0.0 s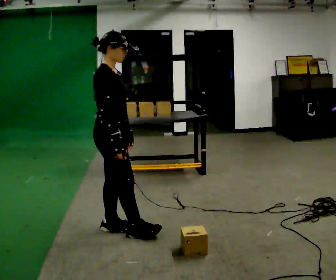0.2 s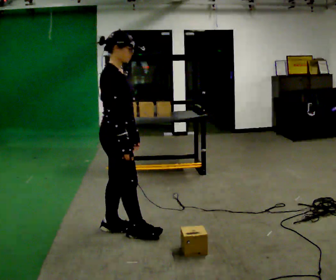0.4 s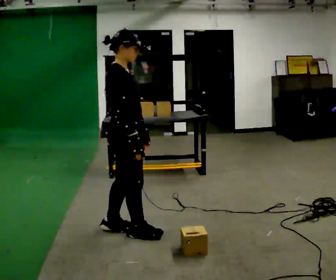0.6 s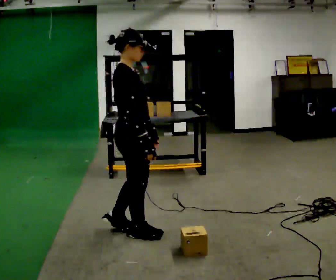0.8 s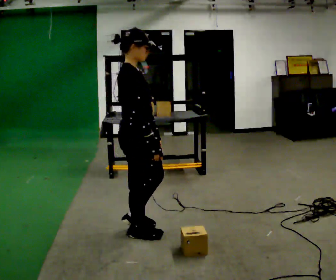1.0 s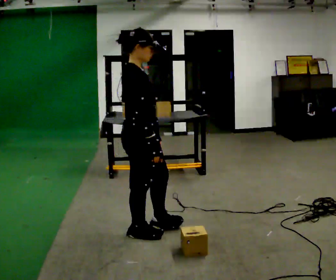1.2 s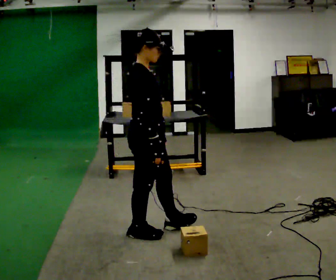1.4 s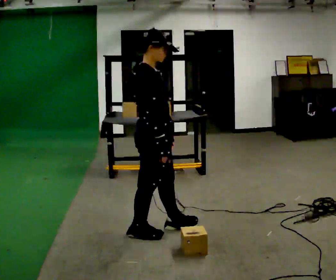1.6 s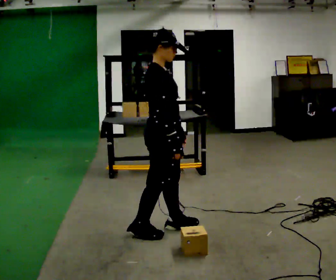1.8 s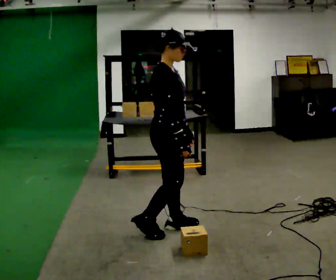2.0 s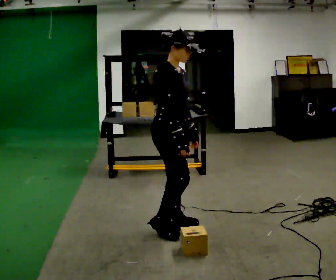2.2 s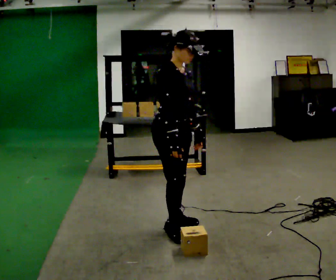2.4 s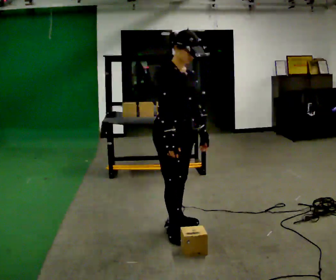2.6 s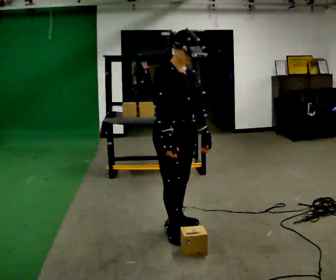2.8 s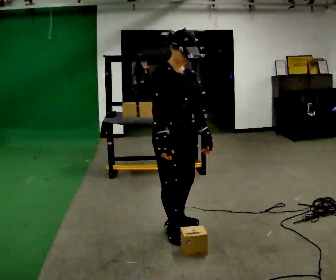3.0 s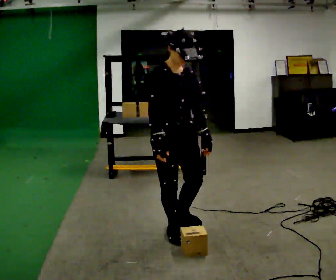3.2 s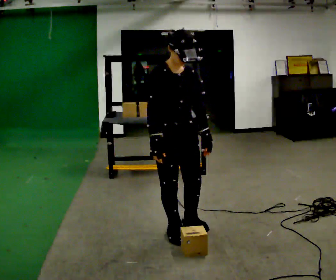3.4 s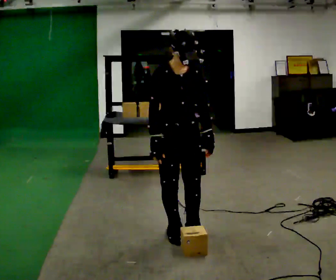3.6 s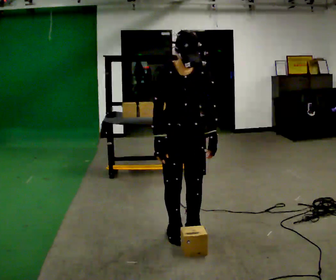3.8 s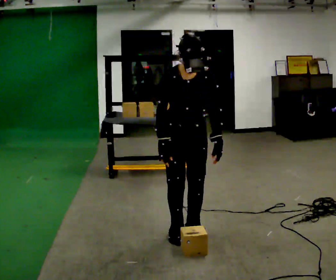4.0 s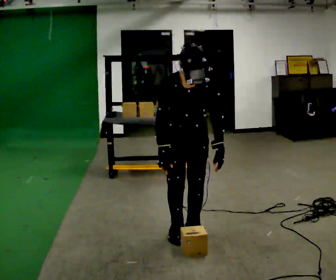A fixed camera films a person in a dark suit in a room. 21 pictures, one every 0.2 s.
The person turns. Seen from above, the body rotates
clockwise.
The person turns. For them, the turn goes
to their right.
0.0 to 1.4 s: In the picture they go to the right, about 0.25 m in 1 step, which for them is forward.
1.4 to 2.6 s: The part of the body nearest the lens slides to the left as the person turns to their right by about 45 degrees.
2.6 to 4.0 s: Seen from above the body turns clockwise, about 45 degrees: to their right, with its near side sliding to the left. The upper body tips toward the camera, its near side rolling downward, as they bend forward.
The film runs forward here.
